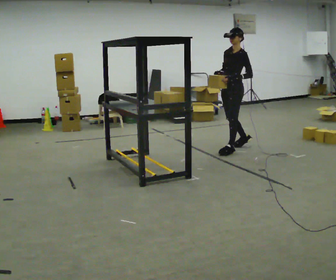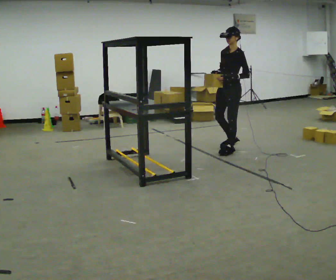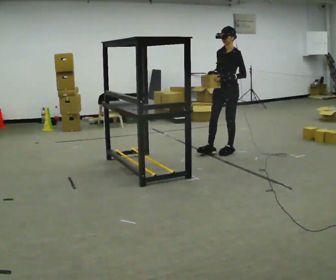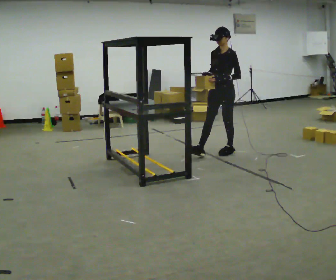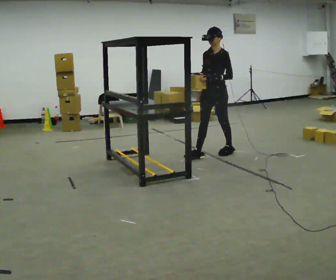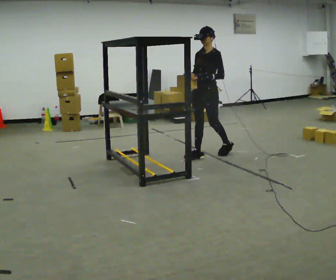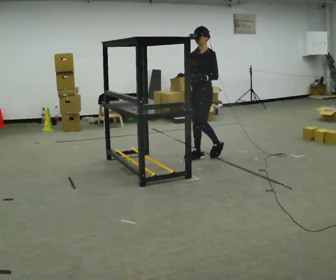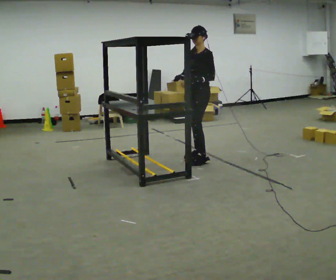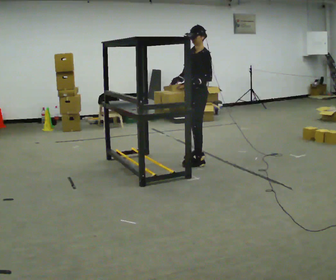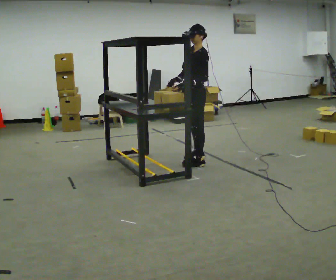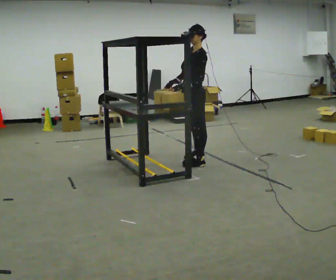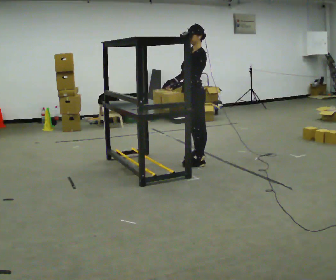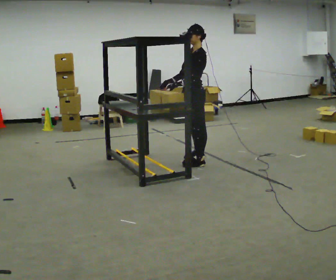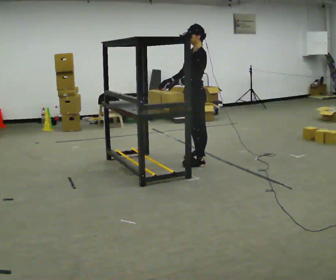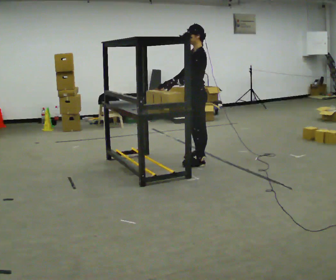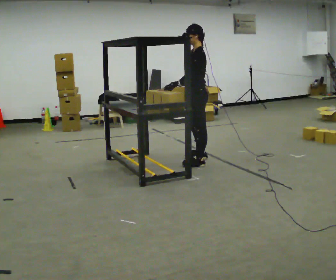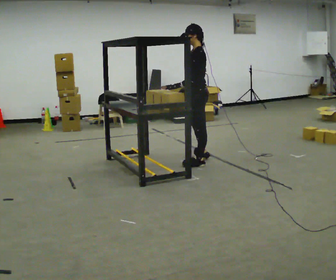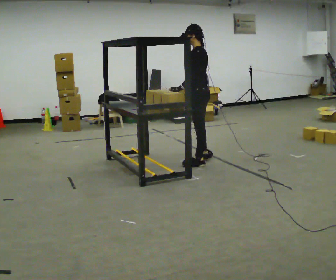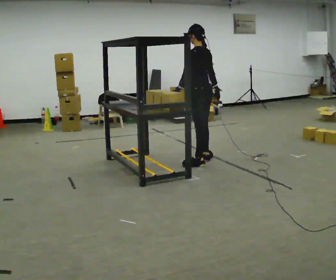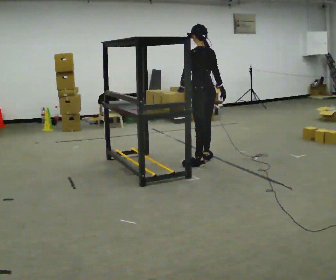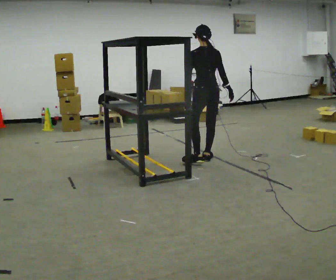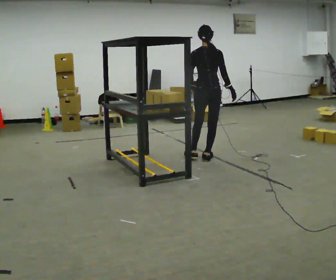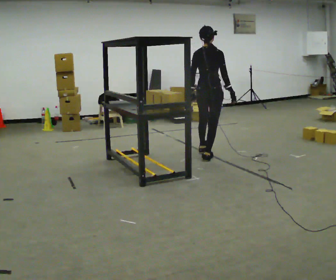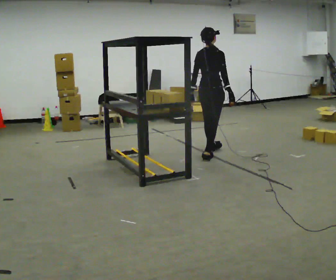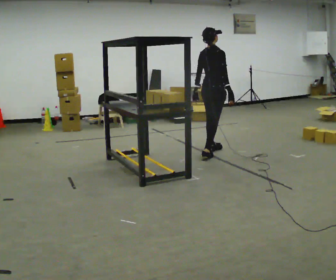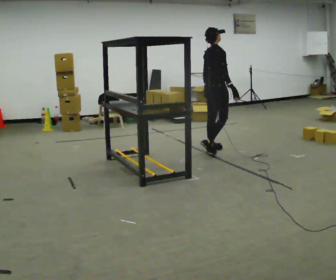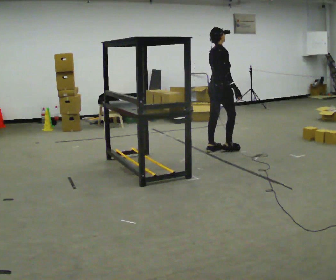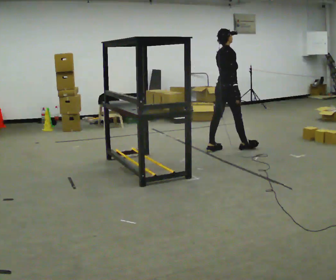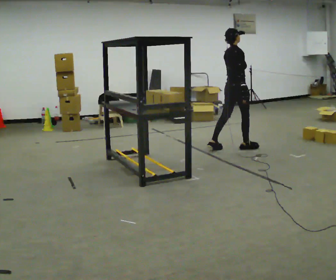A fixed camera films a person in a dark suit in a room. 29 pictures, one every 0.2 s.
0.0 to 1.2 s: In the picture they go to the left and toward the camera, about 0.5 m in 1 step, which for them is forward.
1.2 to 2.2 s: The person turns about 30 degrees to their right, clockwise seen from above, so the part of the body nearest the lens slides to the left. In the picture they go toward the camera, about 0.25 m in 1 step, which for them is to their left and forward.
2.2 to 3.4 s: The person turns about 45 degrees to their right, clockwise seen from above, so the part of the body nearest the lens slides to the left. In the picture their right hand goes to the right, the arm swinging counterclockwise.
3.4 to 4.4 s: The person turns about 90 degrees to their right, clockwise seen from above, so the part of the body nearest the lens slides to the left. In the picture they go away from the camera, about 0.25 m.
4.4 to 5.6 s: Seen from above the body turns clockwise, about 45 degrees: to their right, with its near side sliding to the left. In the picture they go away from the camera and to the right, about 0.5 m in 2 steps, which for them is forward and to their left.
The film runs forward here.
